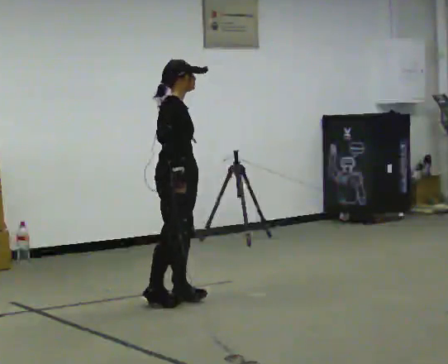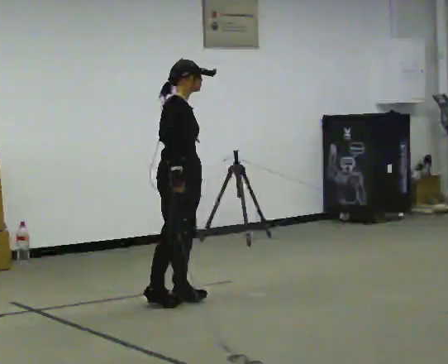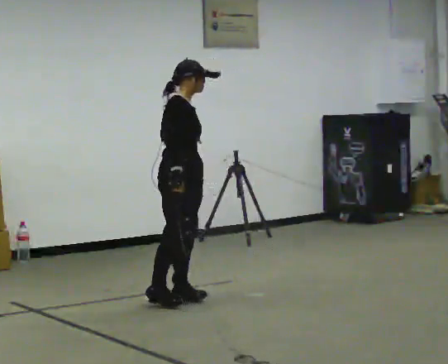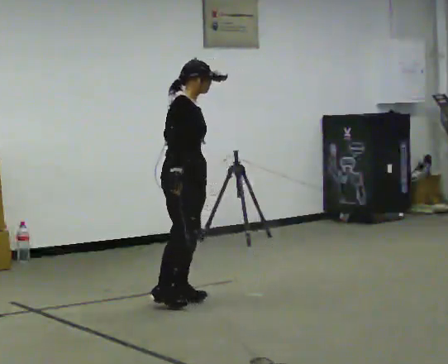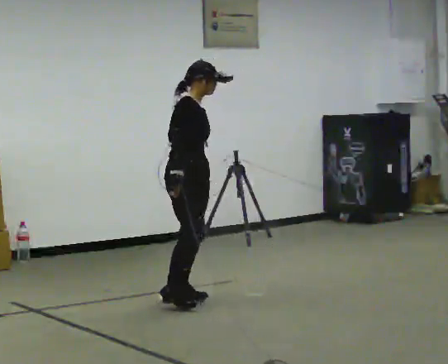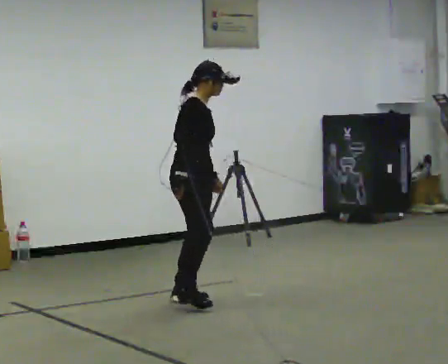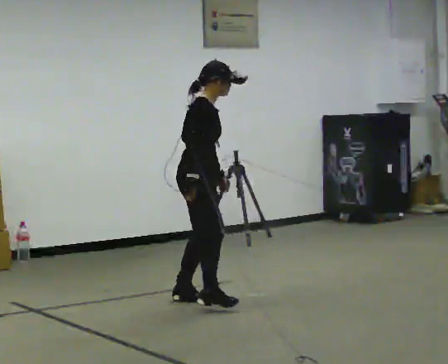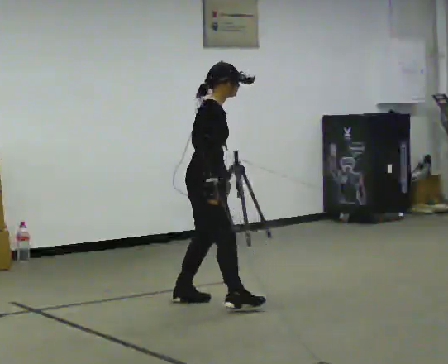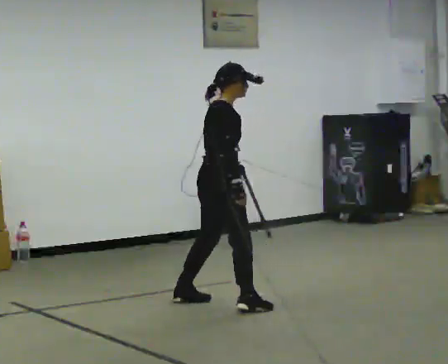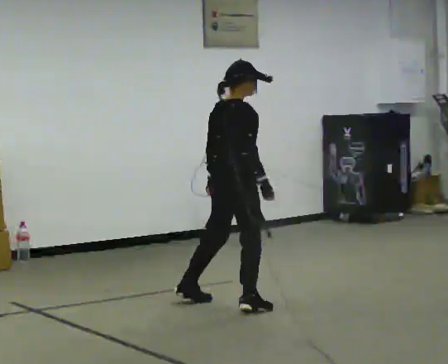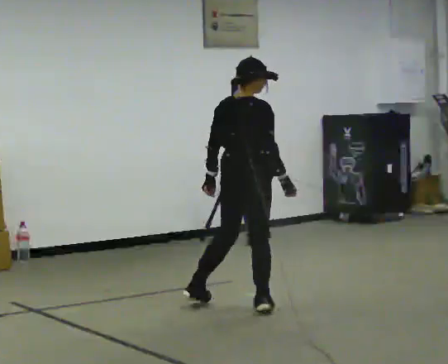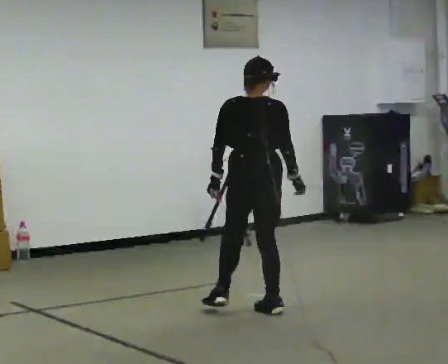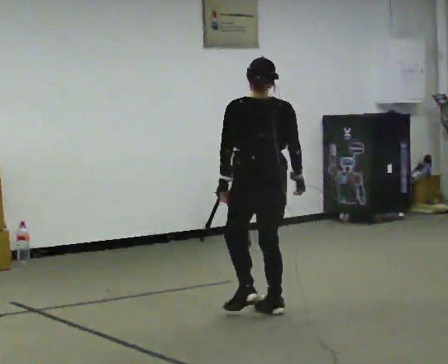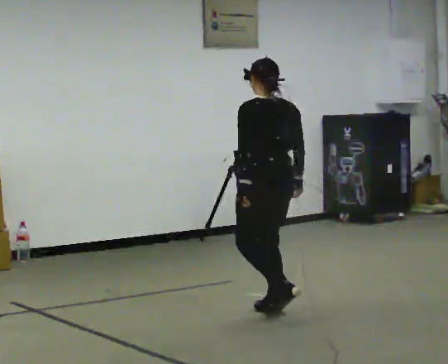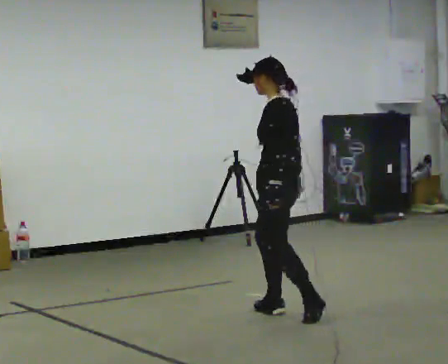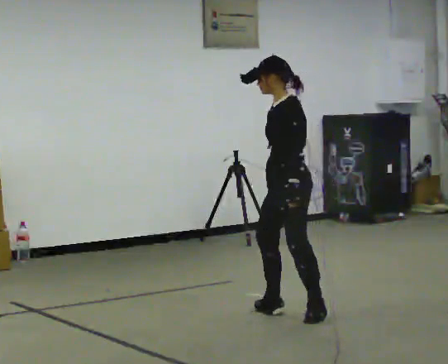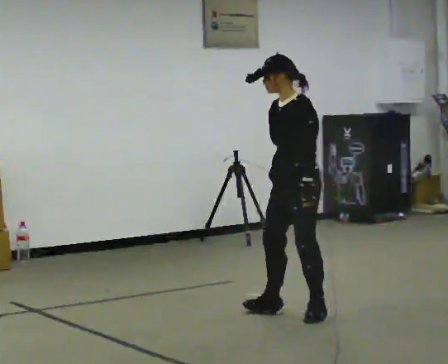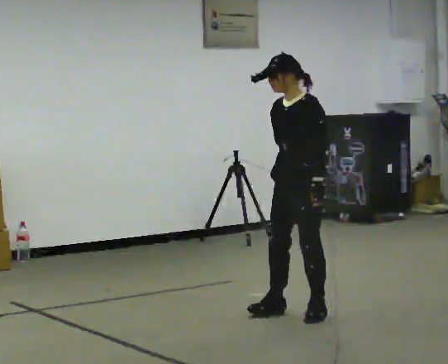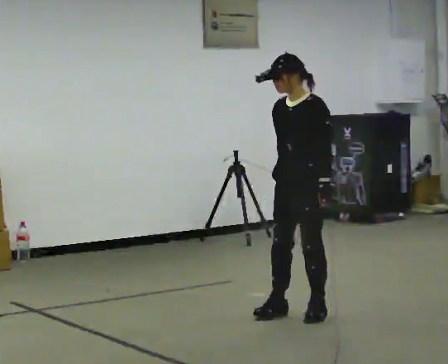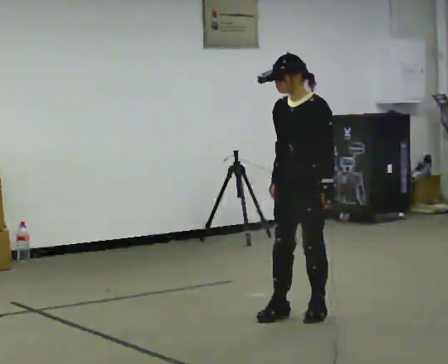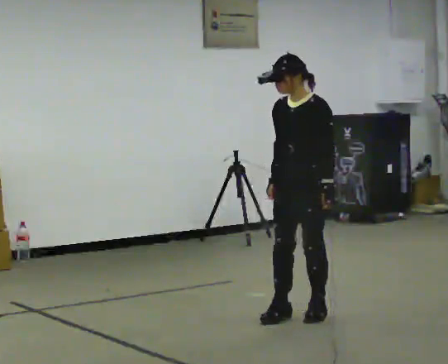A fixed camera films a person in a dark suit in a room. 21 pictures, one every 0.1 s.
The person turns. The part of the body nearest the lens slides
to the right.
The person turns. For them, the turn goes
to their left.
0.0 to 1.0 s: The part of the body nearest the lens slides to the right as the person turns to their left by about 60 degrees. In the picture they go to the right and toward the camera, about 0.5 m in 2 steps.
1.0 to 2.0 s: The person turns about 165 degrees to their left, counterclockwise seen from above, so the part of the body nearest the lens slides to the right. In the picture they go to the right and toward the camera, about 0.5 m in 1 step.
The film runs backward here.
